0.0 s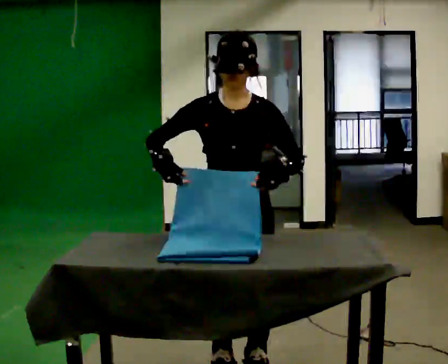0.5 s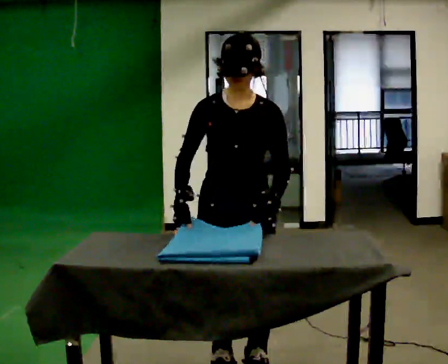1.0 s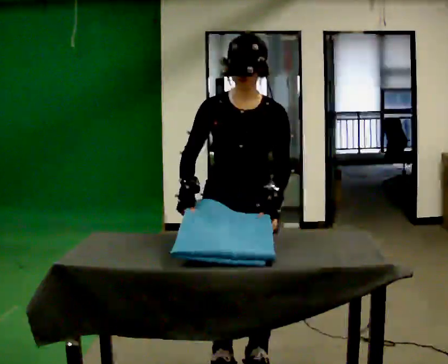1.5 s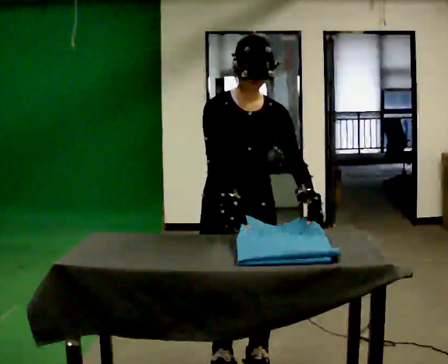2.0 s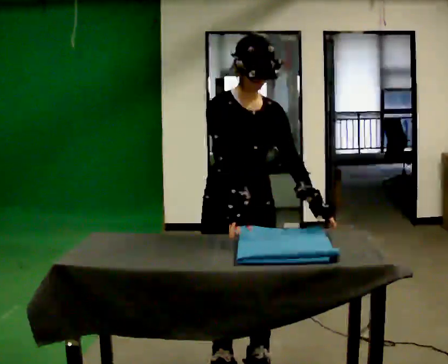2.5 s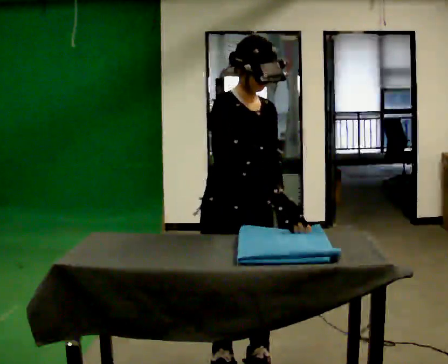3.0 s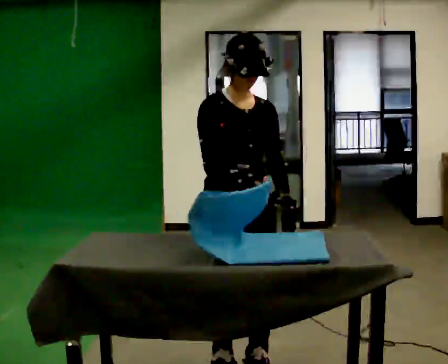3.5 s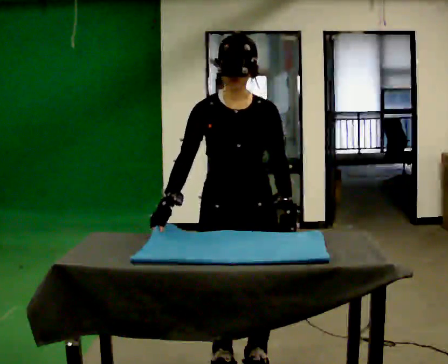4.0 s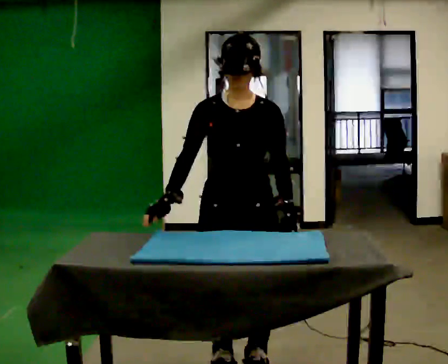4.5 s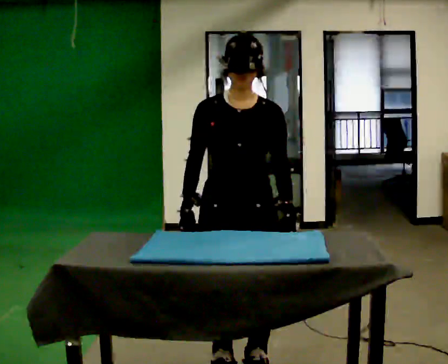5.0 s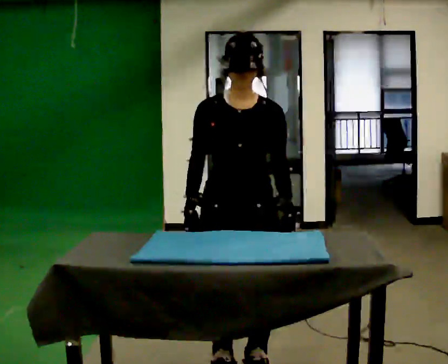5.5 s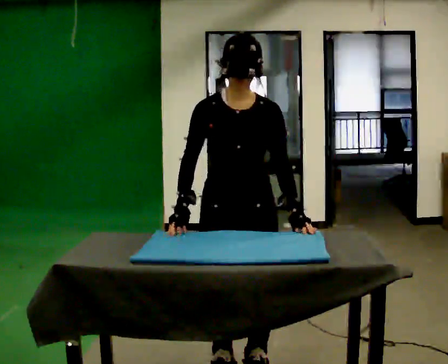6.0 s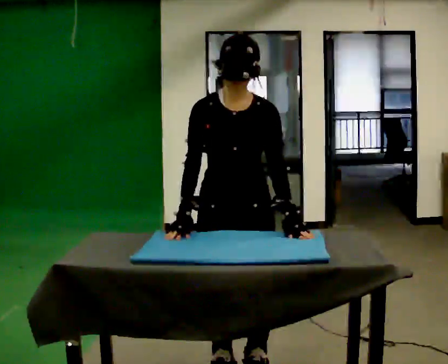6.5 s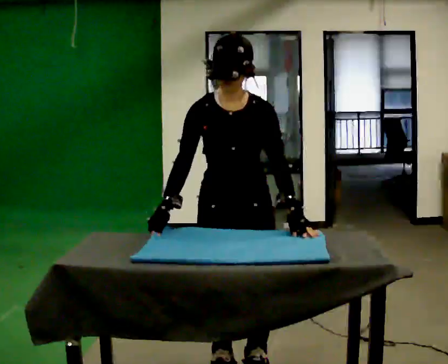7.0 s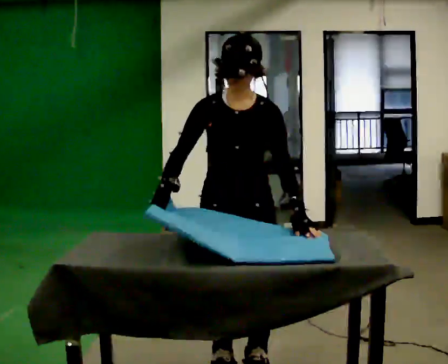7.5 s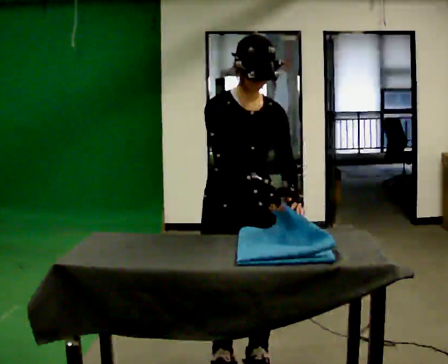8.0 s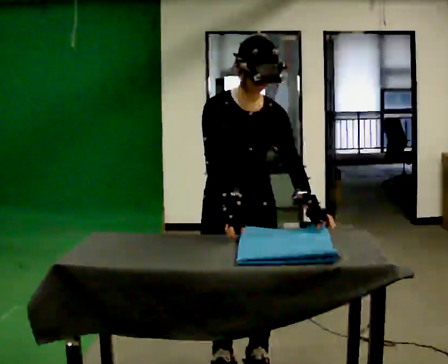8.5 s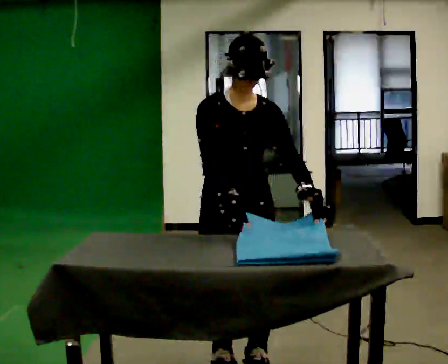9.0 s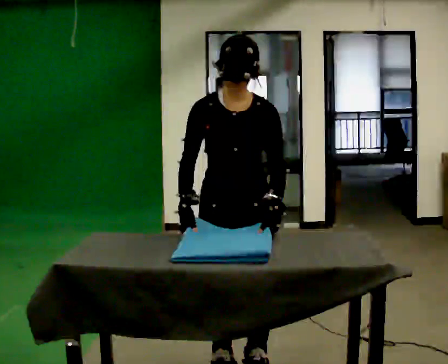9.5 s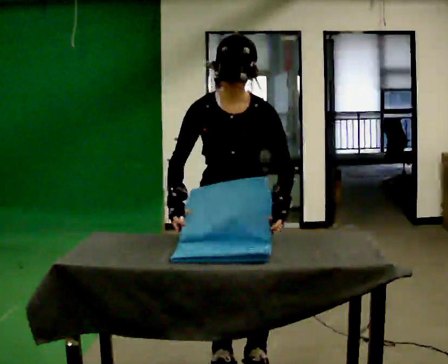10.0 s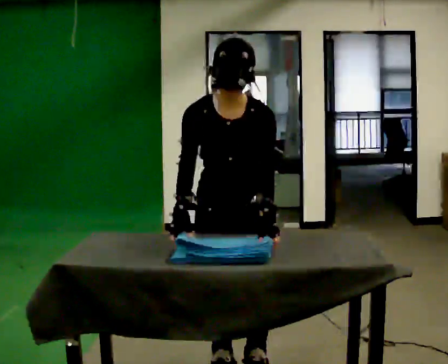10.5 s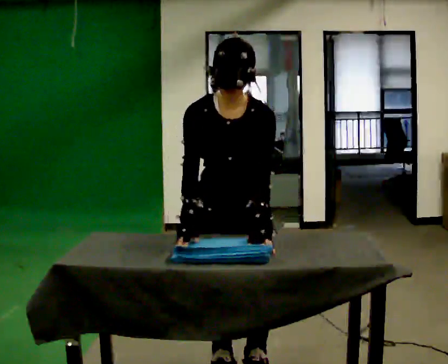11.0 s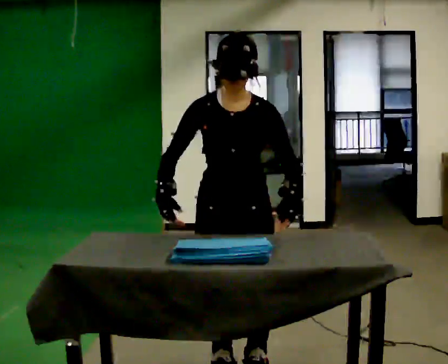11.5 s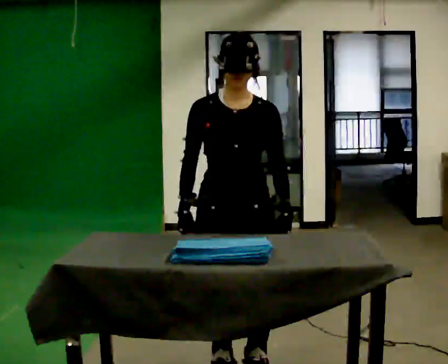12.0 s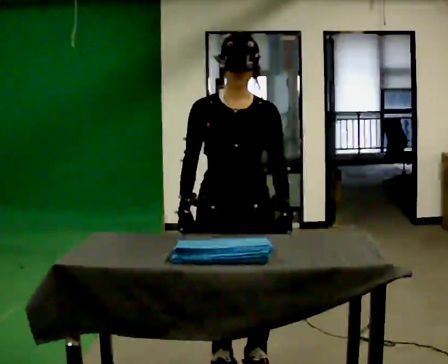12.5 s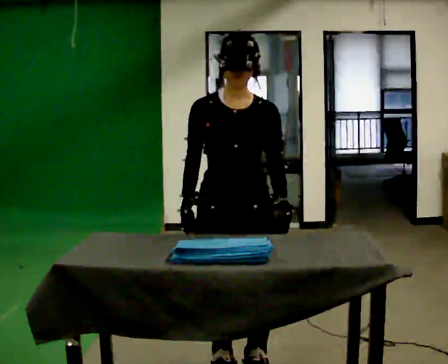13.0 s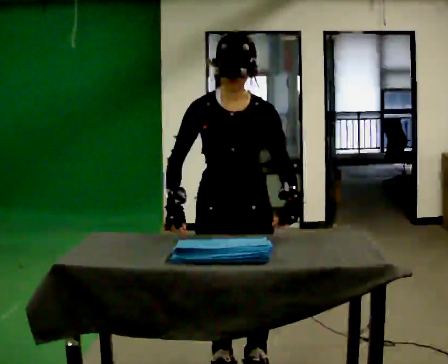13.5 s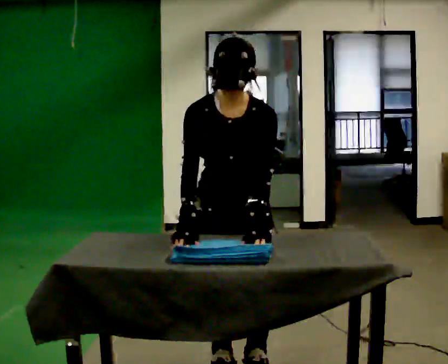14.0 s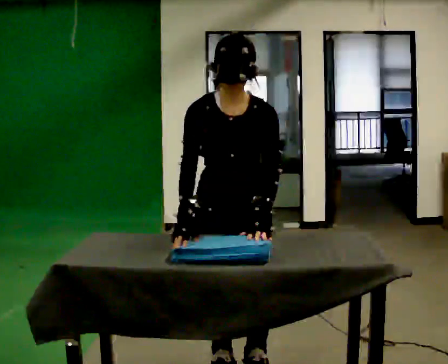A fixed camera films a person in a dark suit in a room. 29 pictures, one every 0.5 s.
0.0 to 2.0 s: Seen from above the body turns counterclockwise, about 30 degrees: to their left, with its near side sliding to the right.
2.0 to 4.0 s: Seen from above the body turns clockwise, about 30 degrees: to their right, with its near side sliding to the left. In the picture their right hand goes to the left.
4.0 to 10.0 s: The person moves a little, or ends about where they began.
10.0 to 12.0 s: The upper body tips away from the camera, its near side rolling upward, as they lean back or straighten.
12.0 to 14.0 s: The upper body tips toward the camera, its near side rolling downward, as they bend forward.
The film runs backward here.
